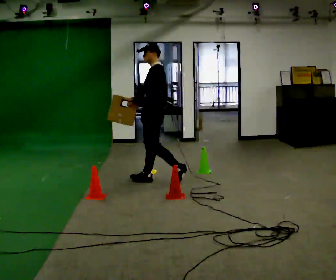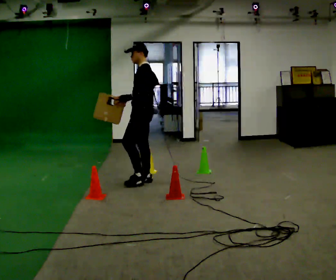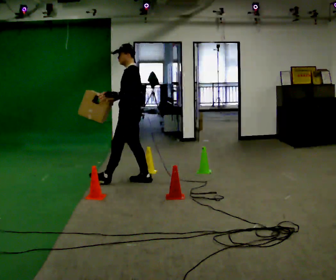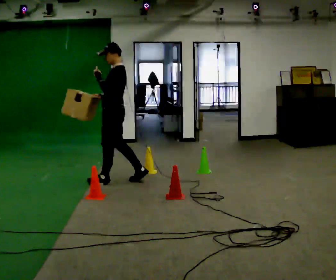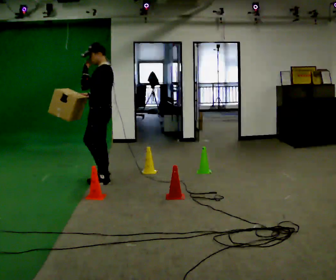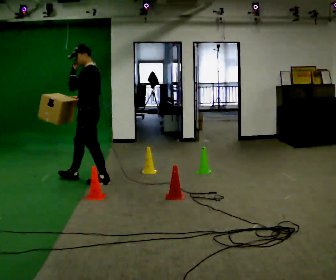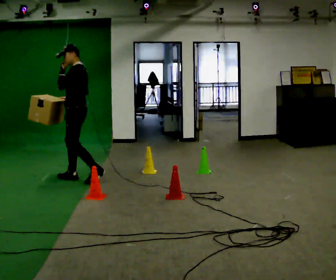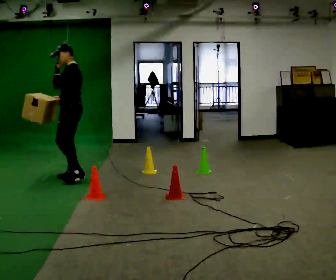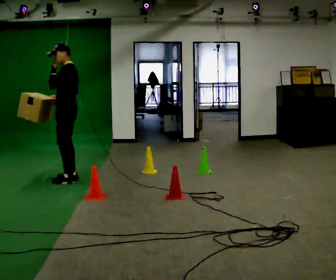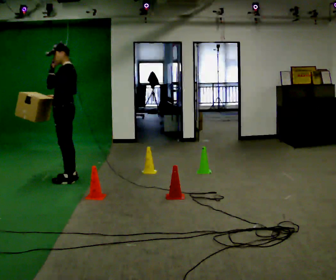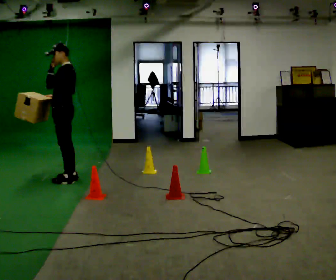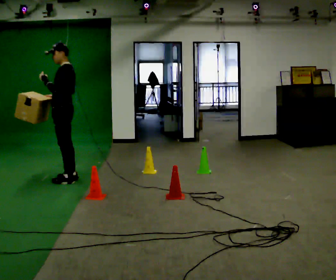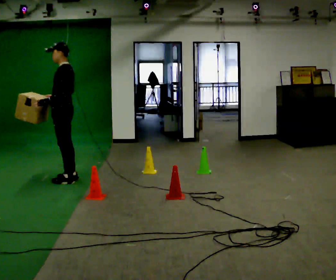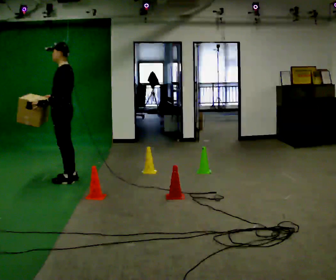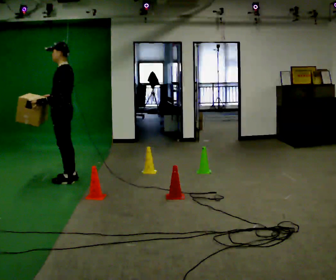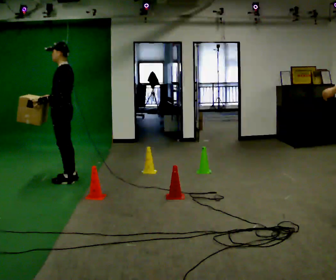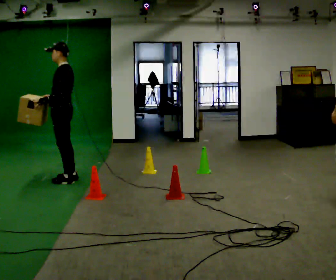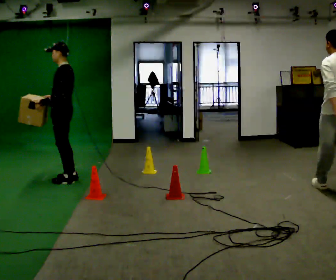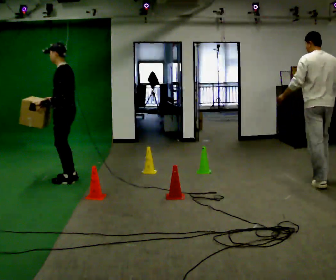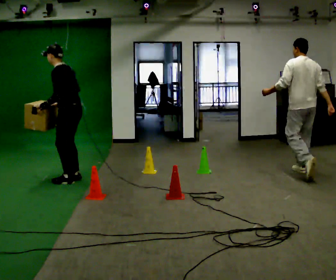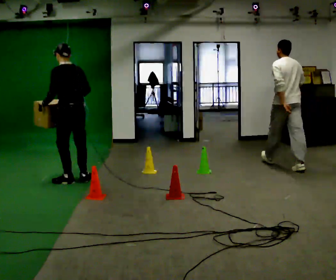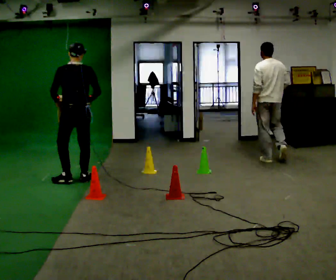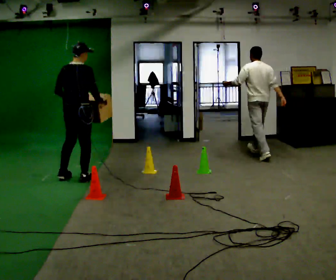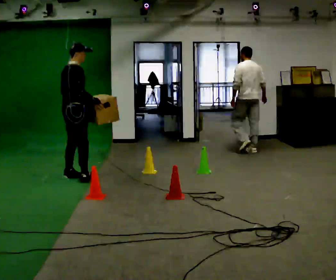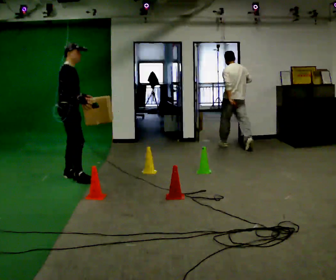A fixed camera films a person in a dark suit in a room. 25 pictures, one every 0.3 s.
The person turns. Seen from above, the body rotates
clockwise.
The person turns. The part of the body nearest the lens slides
to the left.
0.0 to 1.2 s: In the picture they go to the left, about 0.75 m in 1 step, which for them is forward. In the picture their left hand goes upward.
1.2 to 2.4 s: In the picture they go to the left and away from the camera, about 0.5 m in 2 steps, which for them is forward.
2.4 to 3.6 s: In the picture their left hand goes downward.
3.6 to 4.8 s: The person moves a little, or ends about where they began.
4.8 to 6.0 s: Seen from above the body turns clockwise, about 45 degrees: to their right, with its near side sliding to the left. In the picture their right hand goes to the right.
6.0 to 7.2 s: Seen from above the body turns clockwise, about 135 degrees: to their right, with its near side sliding to the left. In the picture they go away from the camera, about 0.25 m in 1 step.
The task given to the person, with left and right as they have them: Carry the box through the gap between the panels without touching either side, then set it down and bring it back. Keep going until the operator says stop; one object at a time, and do not rush between trips.
The film runs forward here.
